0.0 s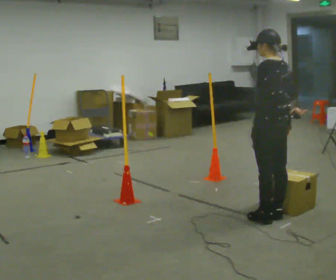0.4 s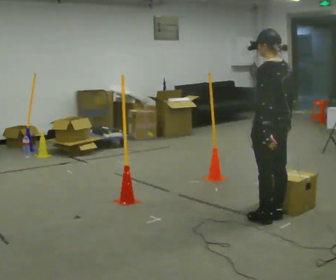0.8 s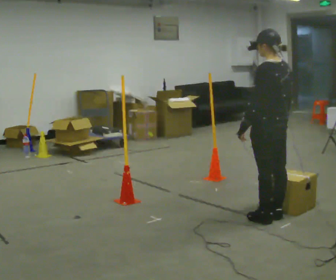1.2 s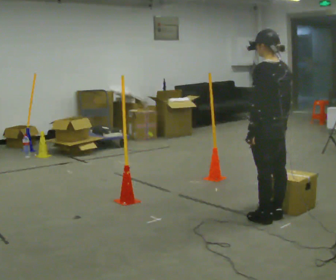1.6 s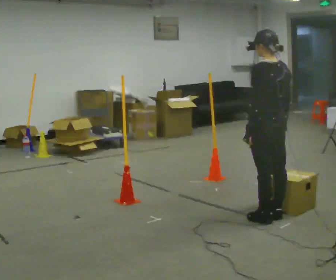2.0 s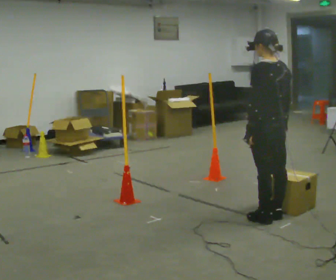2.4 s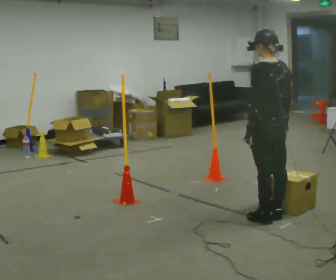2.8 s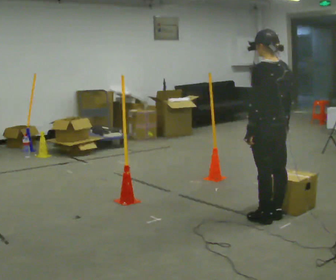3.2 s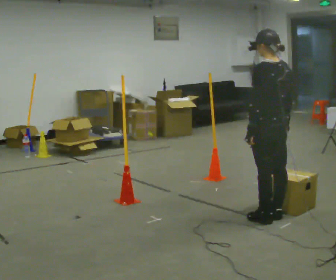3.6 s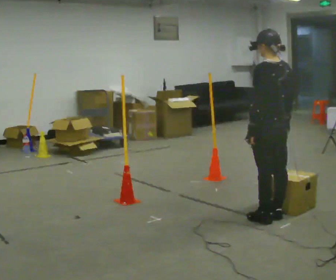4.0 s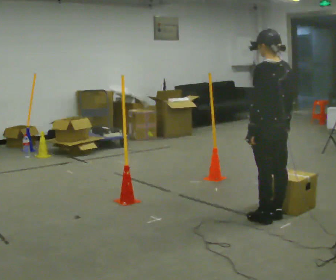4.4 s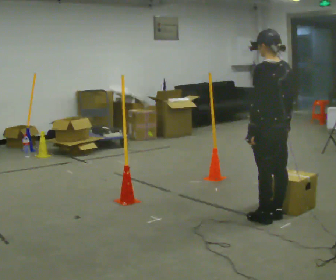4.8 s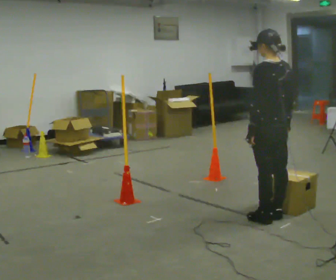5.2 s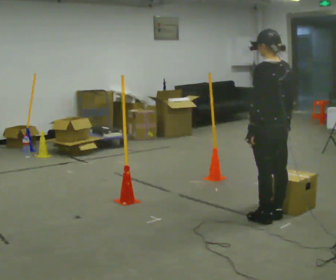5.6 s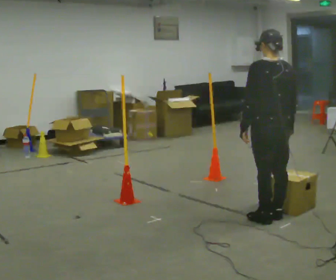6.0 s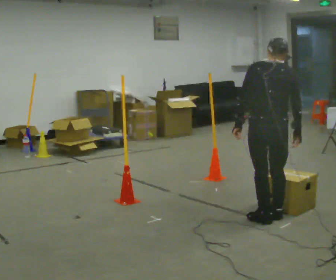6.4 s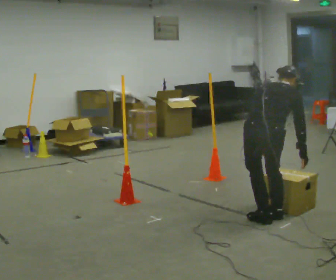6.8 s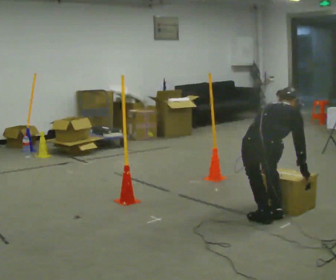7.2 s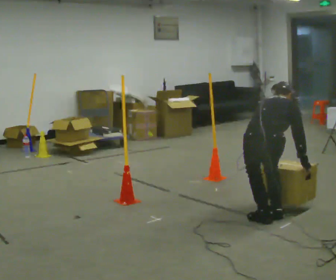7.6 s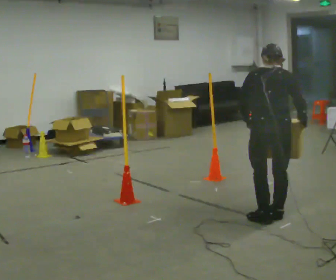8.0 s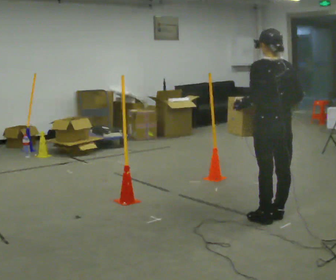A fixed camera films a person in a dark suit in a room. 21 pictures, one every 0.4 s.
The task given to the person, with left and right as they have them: Carry the box through the gap between the panels without touching either side, then set it down and bring it back. Keep going until the operator says stop; one object at a time, and do not rush between trips.
0.0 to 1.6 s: In the picture their left hand goes to the left.
1.6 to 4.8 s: The person moves a little, or ends about where they began.
4.8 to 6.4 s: The person turns about 60 degrees to their right, clockwise seen from above, so the part of the body nearest the lens slides to the left. In the picture they go toward the camera, about 0.25 m. The upper body goes downward. The upper body tips away from the camera, its near side rolling upward, as they bend forward.
6.4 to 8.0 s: Seen from above the body turns counterclockwise, about 60 degrees: to their left, with its near side sliding to the right. In the picture their right hand goes upward.
The film runs forward here.
